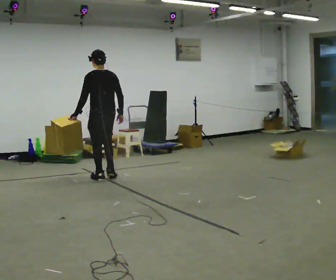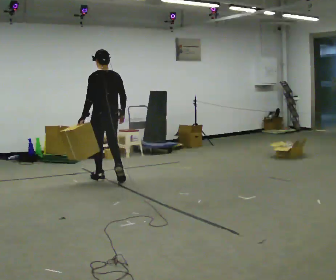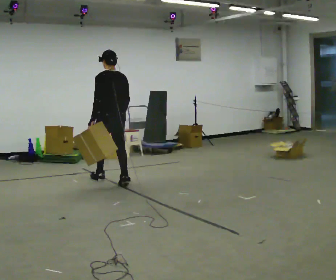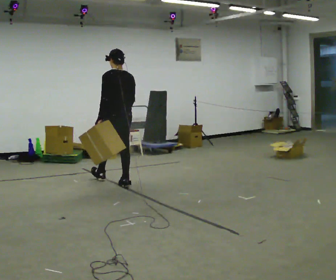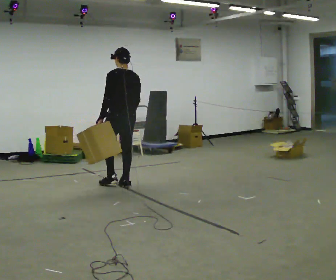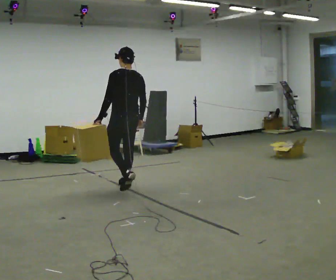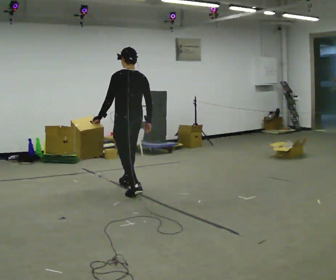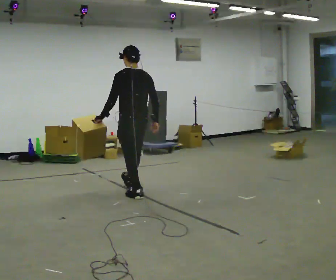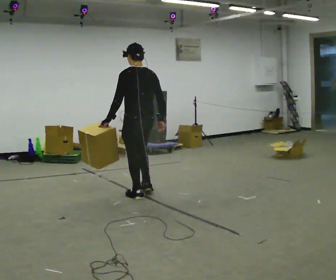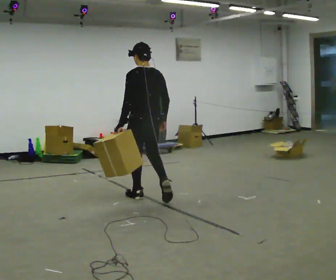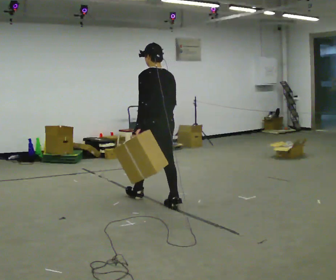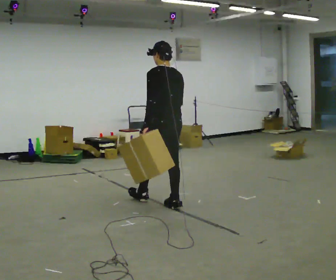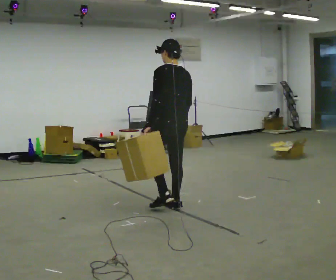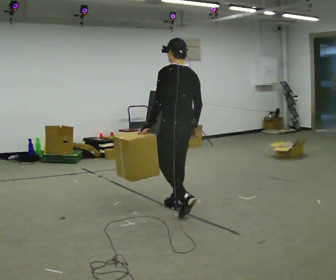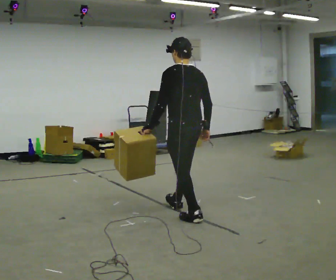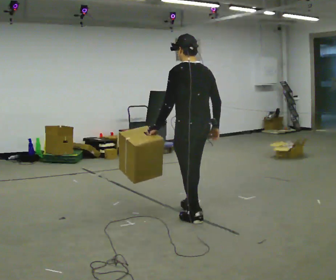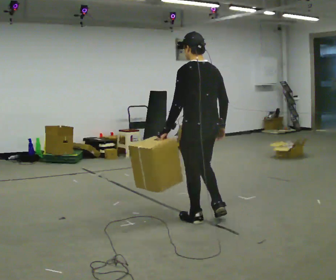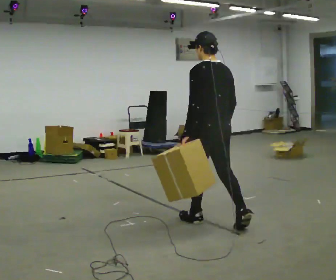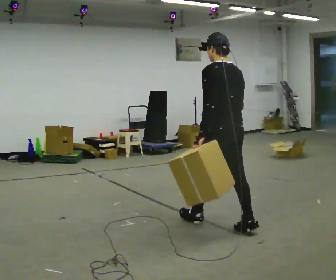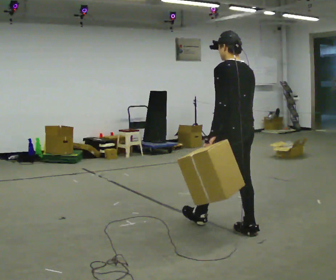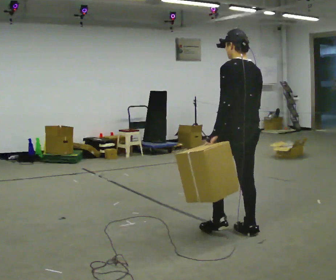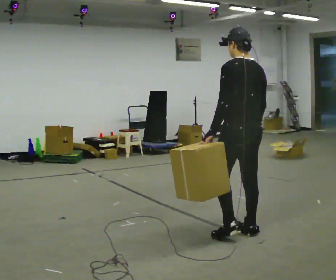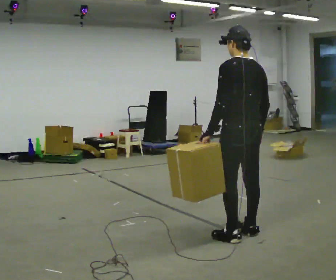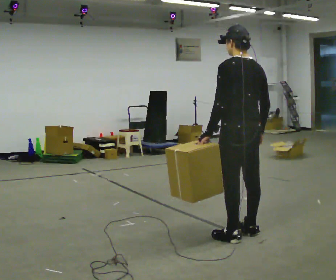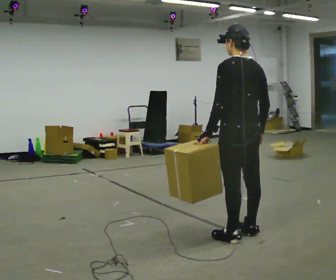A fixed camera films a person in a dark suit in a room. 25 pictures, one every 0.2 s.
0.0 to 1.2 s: In the picture they go toward the camera and to the right, about 0.75 m in 1 step, which for them is backward.
1.2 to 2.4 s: In the picture they go toward the camera and to the right, about 1 m in 2 steps, which for them is backward.
2.4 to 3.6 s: In the picture they go toward the camera and to the right, about 1 m in 1 step, which for them is backward.
3.6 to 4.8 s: In the picture they go toward the camera, about 0.25 m in 1 step, which for them is backward.
The film runs backward here.
